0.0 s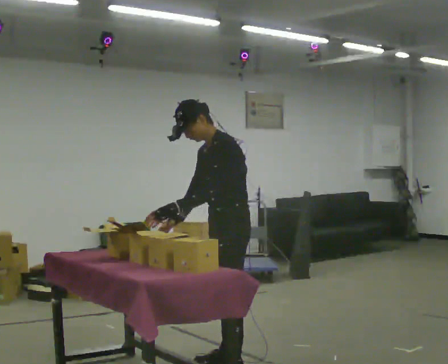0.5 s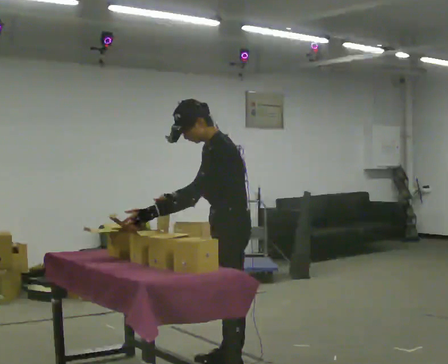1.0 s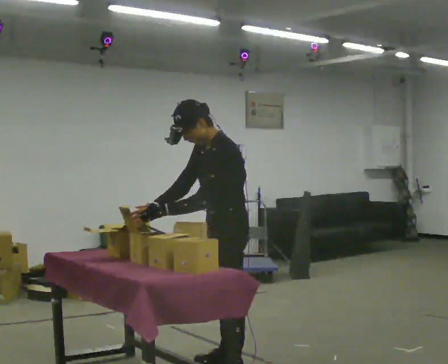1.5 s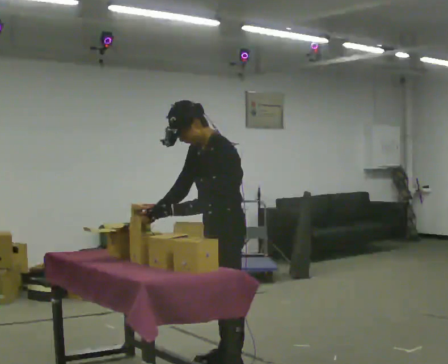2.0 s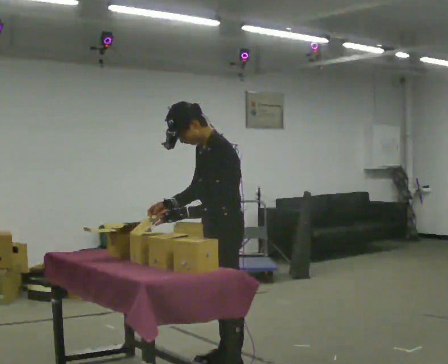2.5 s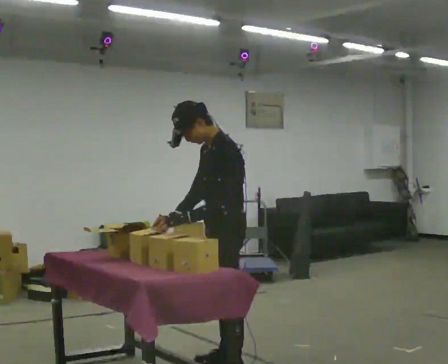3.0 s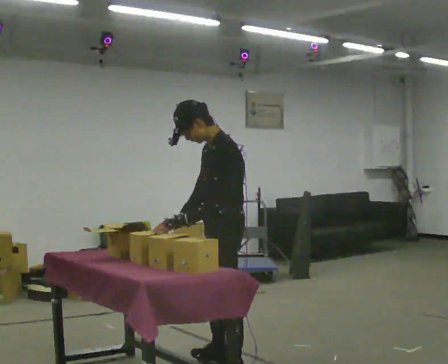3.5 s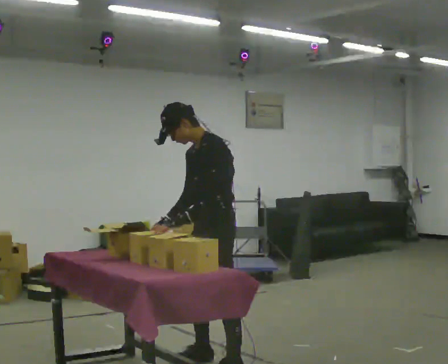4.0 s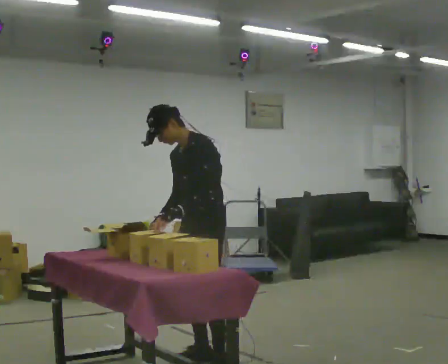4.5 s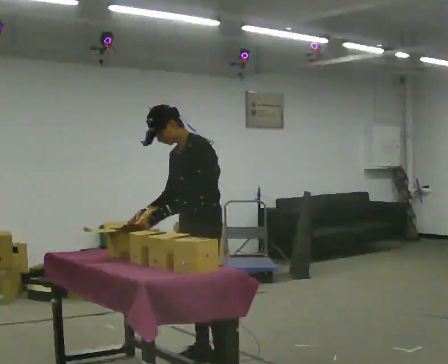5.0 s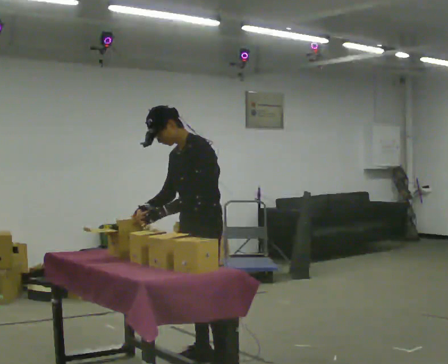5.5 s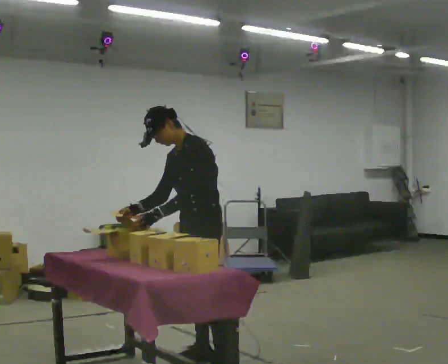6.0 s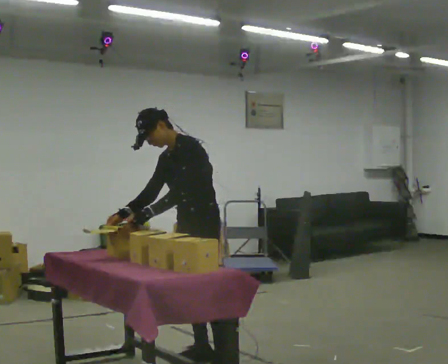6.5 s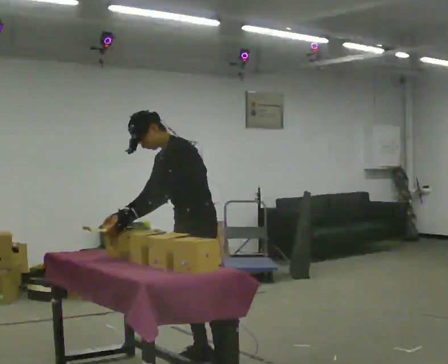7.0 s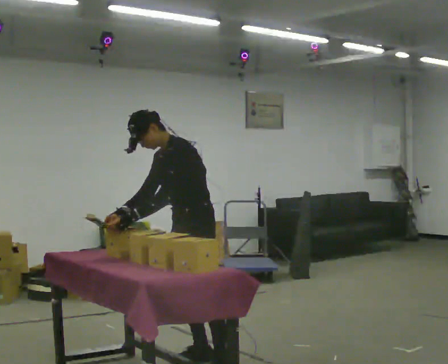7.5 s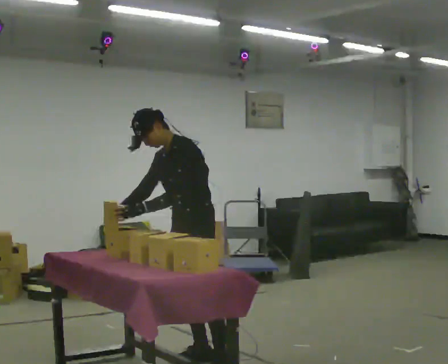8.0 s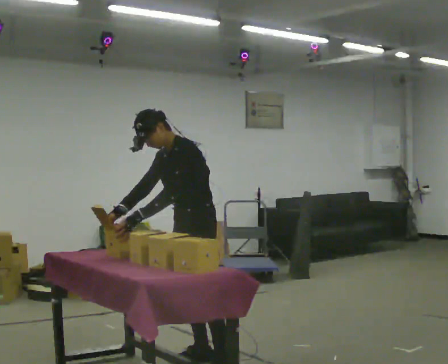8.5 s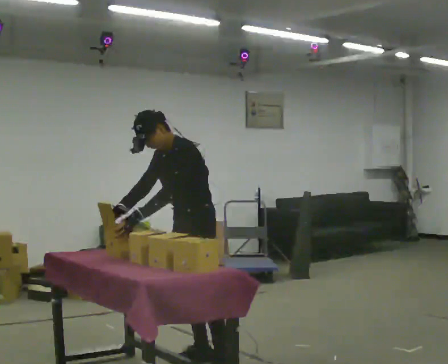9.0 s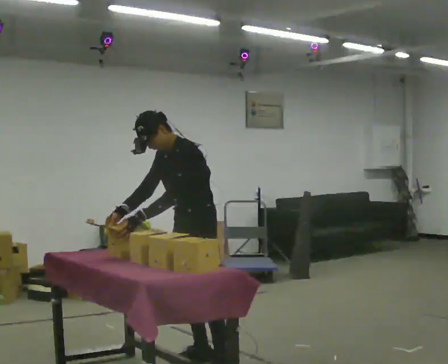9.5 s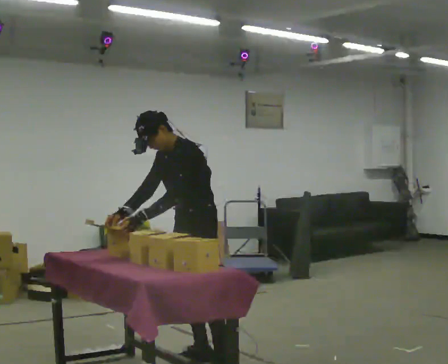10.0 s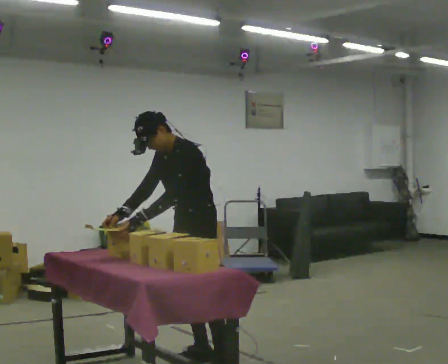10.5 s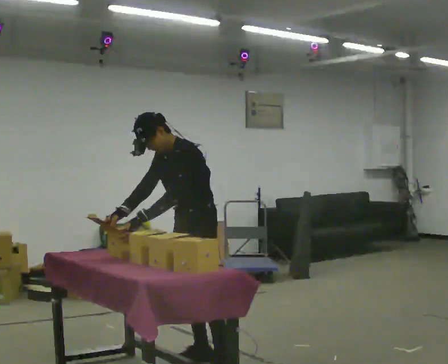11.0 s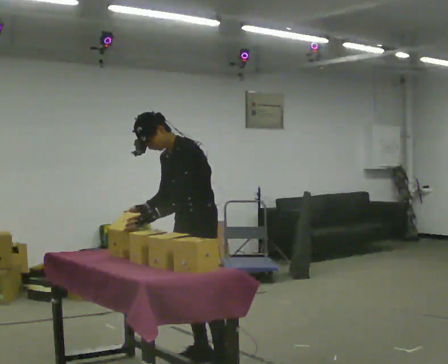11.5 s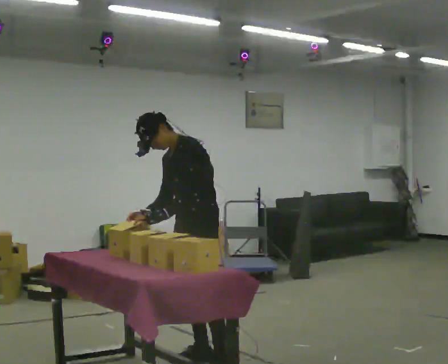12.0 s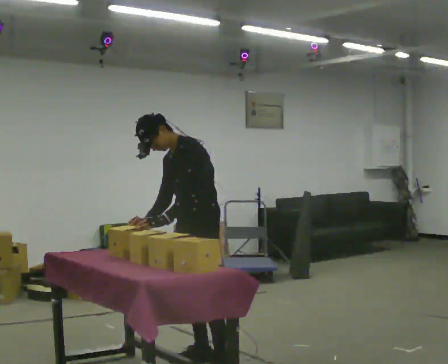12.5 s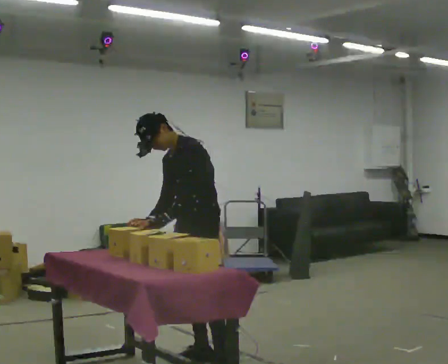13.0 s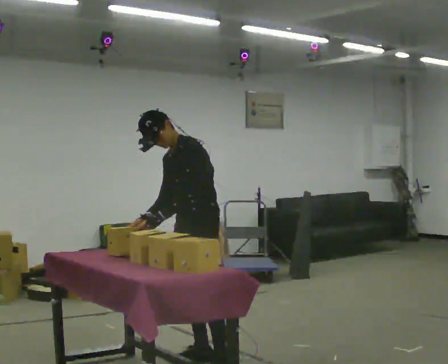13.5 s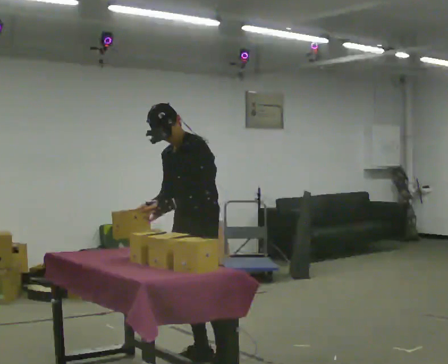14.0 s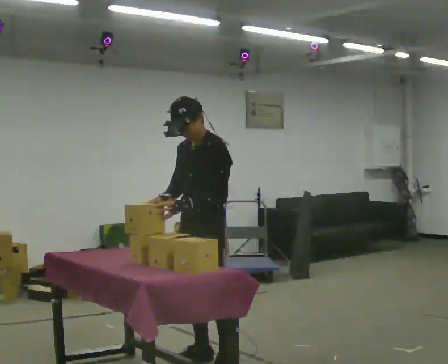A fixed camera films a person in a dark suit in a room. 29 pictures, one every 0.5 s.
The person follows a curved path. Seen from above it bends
counterclockwise.
0.0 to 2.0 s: The person moves a little, or ends about where they began.
2.0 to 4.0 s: The person turns about 30 degrees to their left, counterclockwise seen from above, so the part of the body nearest the lens slides to the right. In the picture they go away from the camera, about 0.25 m in 2 steps, which for them is to their right and forward.
4.0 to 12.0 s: The person moves a little, or ends about where they began.
12.0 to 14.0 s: In the picture they go toward the camera, about 0.25 m, which for them is to their left. In the picture the upper body tilts clockwise, shoulders to the right.
The film runs forward here.
